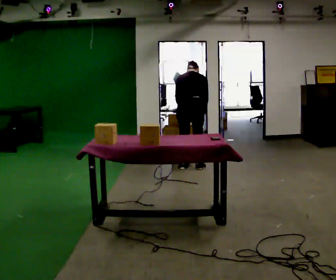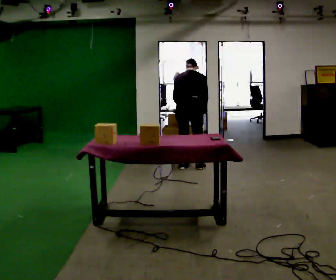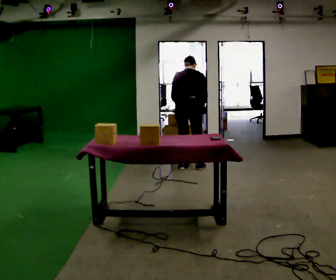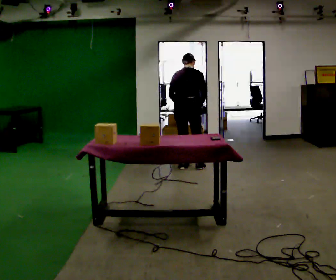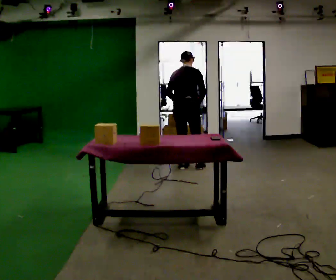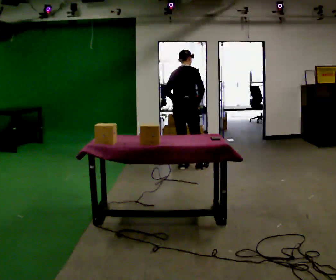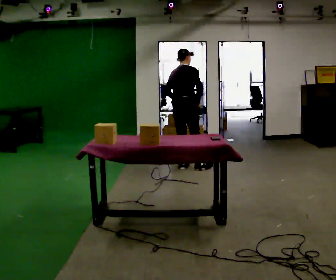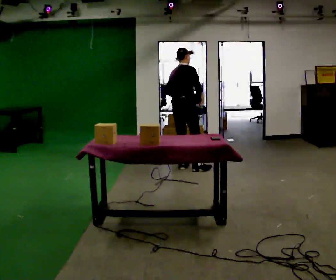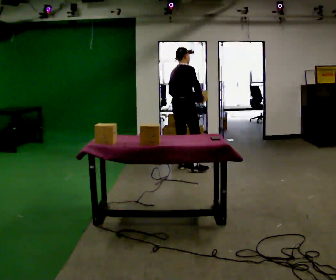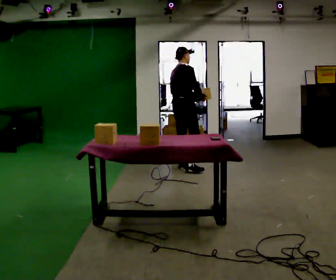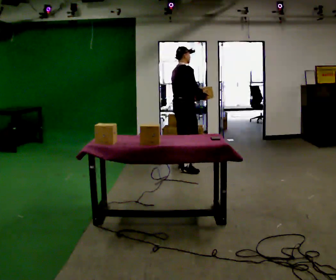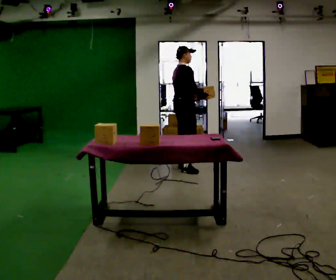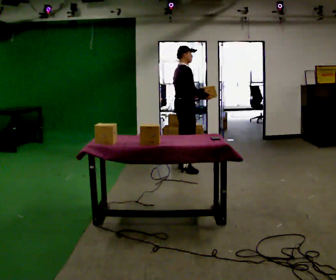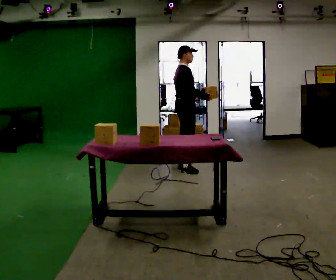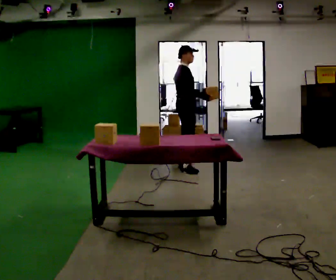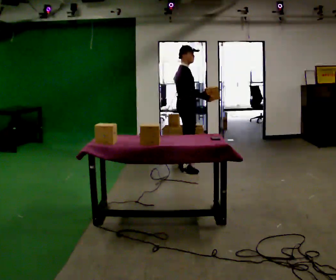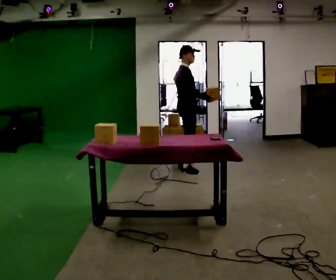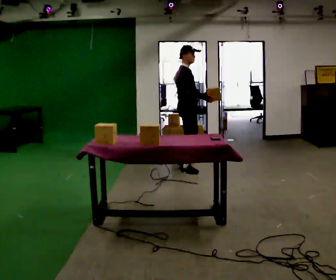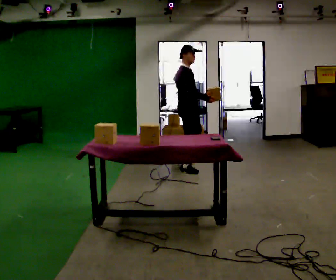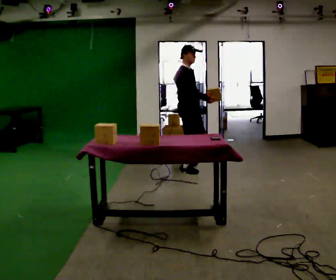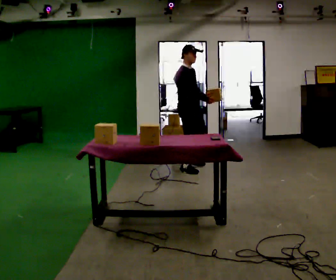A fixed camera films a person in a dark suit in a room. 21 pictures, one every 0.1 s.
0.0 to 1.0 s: The part of the body nearest the lens slides to the left as the person turns to their right by about 60 degrees. The upper body tips toward the camera, its near side rolling downward, as they lean back or straighten.
1.0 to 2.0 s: The part of the body nearest the lens slides to the left as the person turns to their right by about 45 degrees. In the picture they go toward the camera, about 0.25 m, which for them is to their right.
The film runs forward here.
